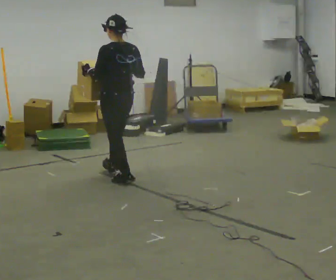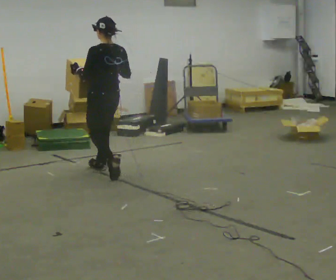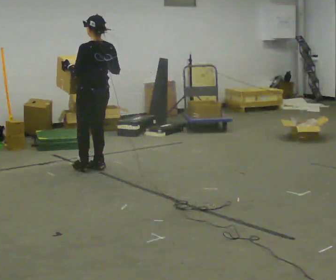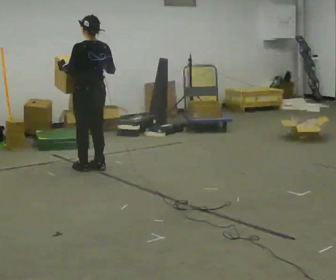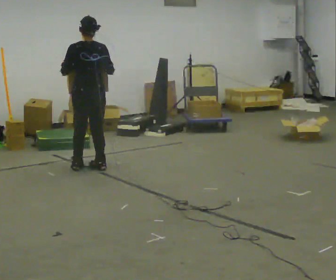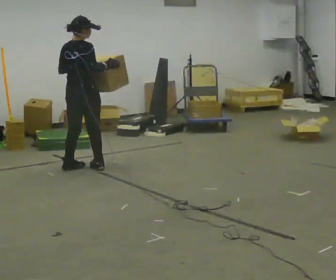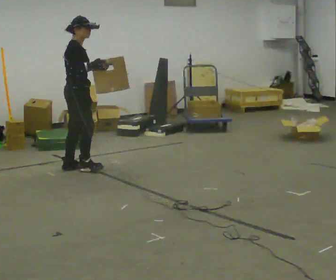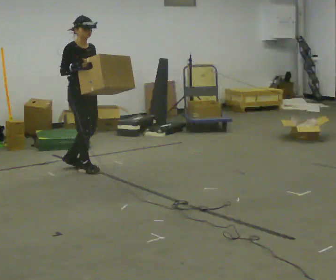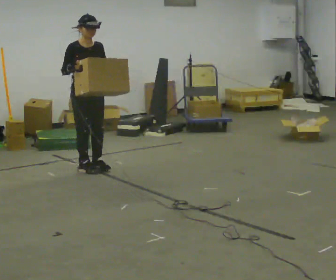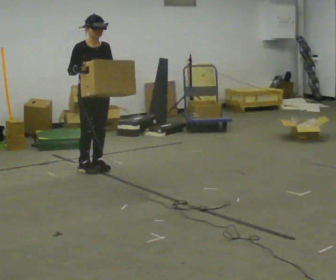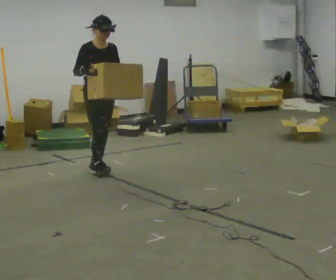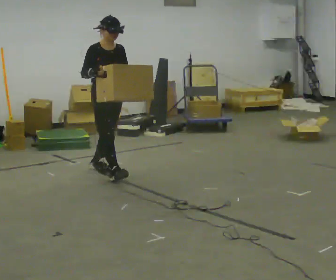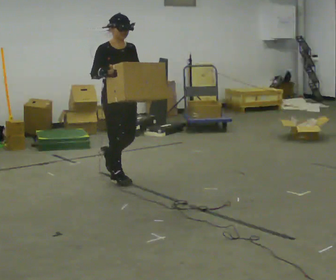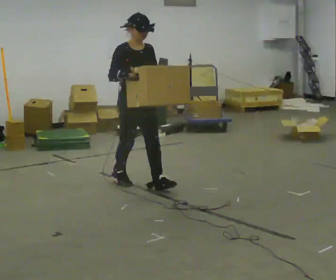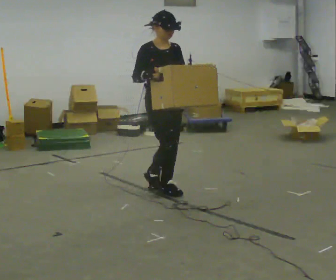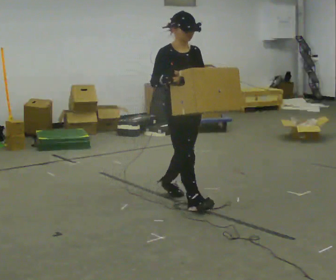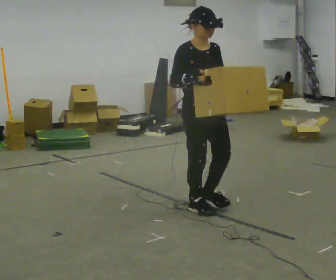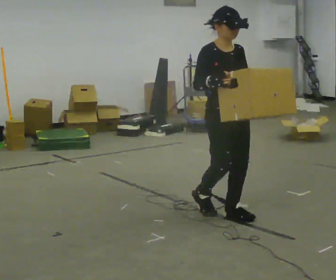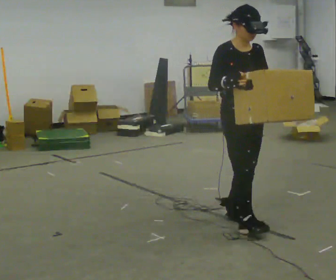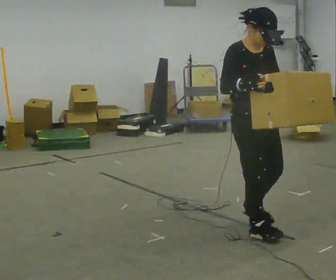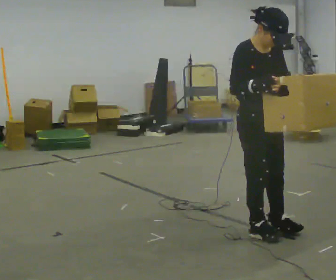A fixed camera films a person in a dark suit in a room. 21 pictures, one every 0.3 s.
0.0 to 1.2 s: The person turns about 30 degrees to their right, clockwise seen from above, so the part of the body nearest the lens slides to the left. In the picture they go away from the camera and to the left, about 0.5 m in 2 steps, which for them is forward.
1.2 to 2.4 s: Seen from above the body turns clockwise, about 150 degrees: to their right, with its near side sliding to the left. In the picture their right hand goes to the left.
2.4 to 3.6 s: In the picture they go toward the camera and to the right, about 0.5 m in 1 step, which for them is forward.
3.6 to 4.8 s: In the picture they go toward the camera and to the right, about 1 m in 2 steps, which for them is forward.
4.8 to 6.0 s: In the picture they go toward the camera, about 0.5 m in 3 steps, which for them is forward.
The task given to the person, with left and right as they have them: Carry the box across the room as briskly as you comfortably can, back and forth. Do not run.
The film runs forward here.
